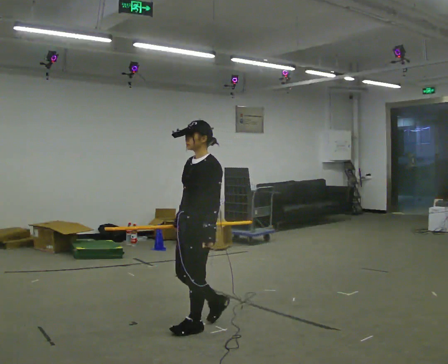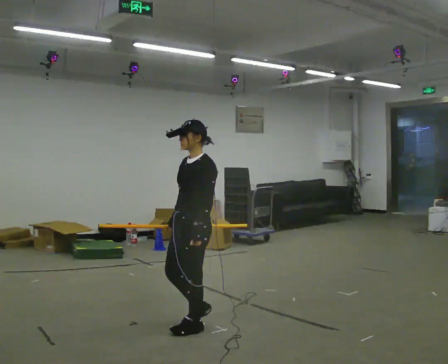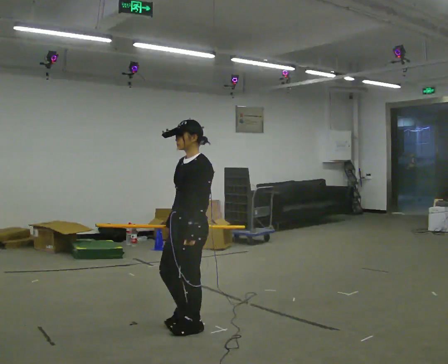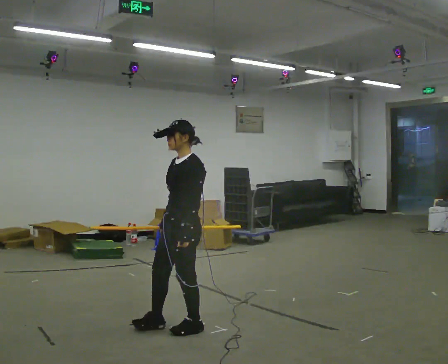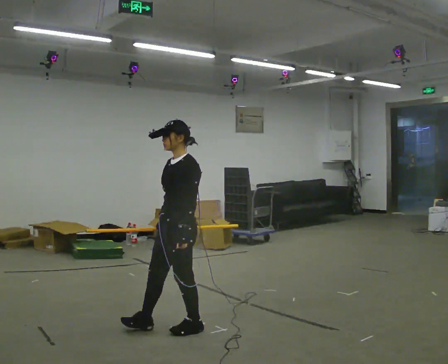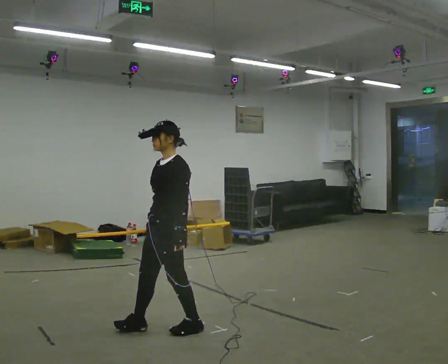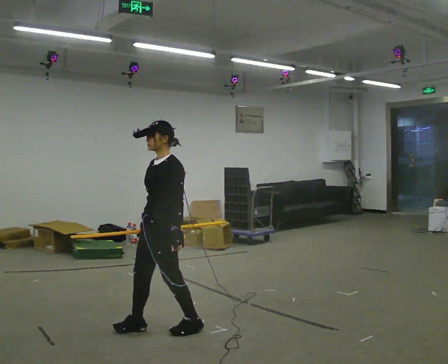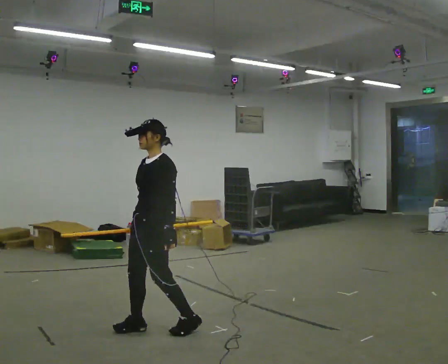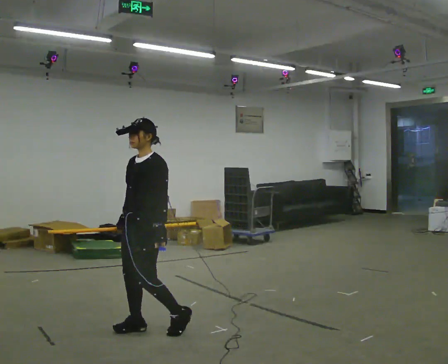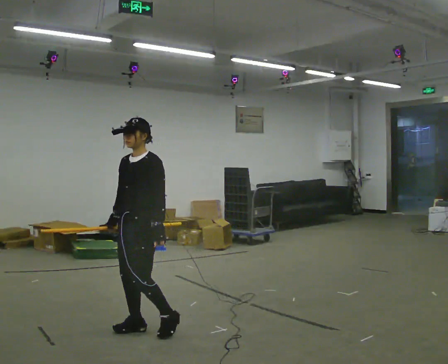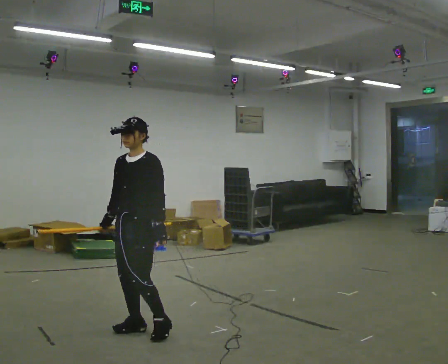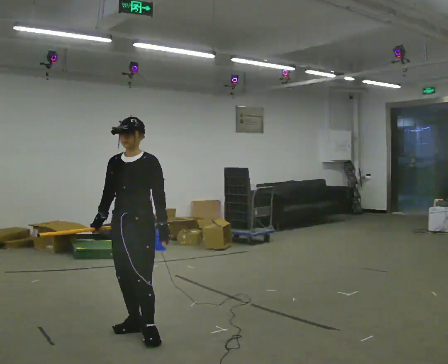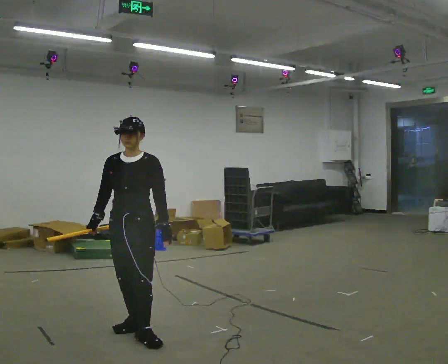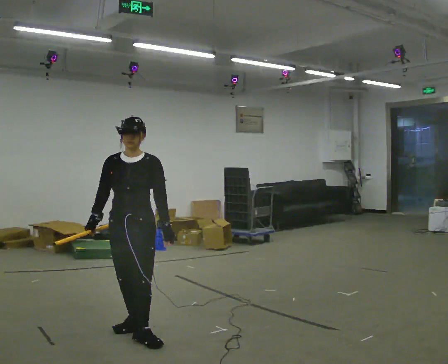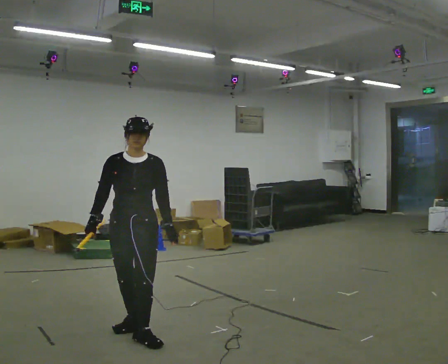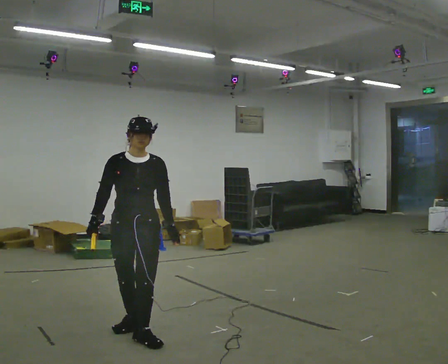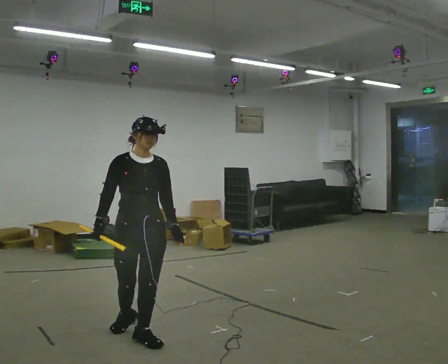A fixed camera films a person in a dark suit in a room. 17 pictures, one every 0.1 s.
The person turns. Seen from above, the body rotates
counterclockwise.
The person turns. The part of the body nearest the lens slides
to the right.
0.0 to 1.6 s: The person turns about 90 degrees to their left, counterclockwise seen from above, so the part of the body nearest the lens slides to the right. In the picture they go to the left and toward the camera, about 0.5 m in 2 steps.
The film runs forward here.
